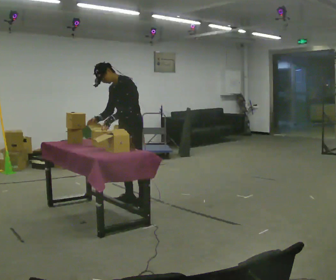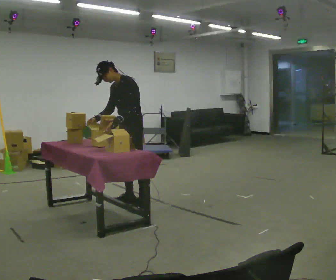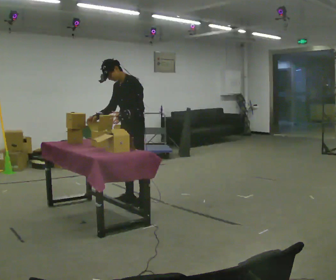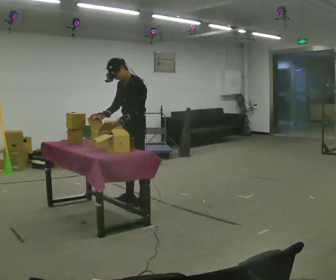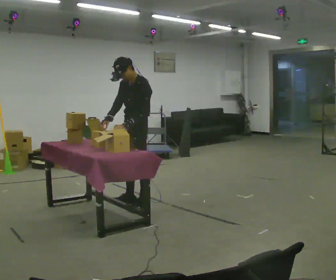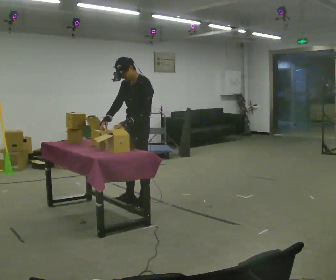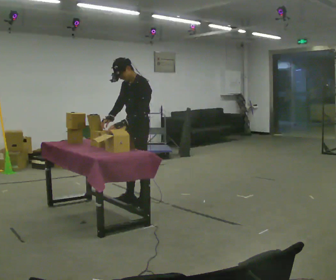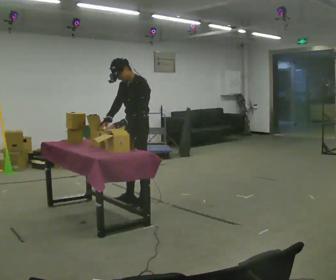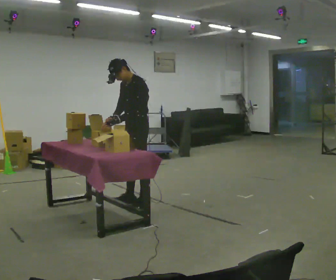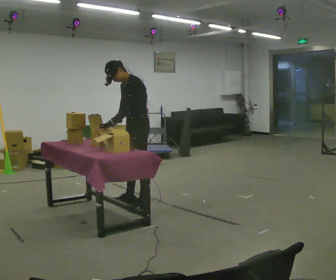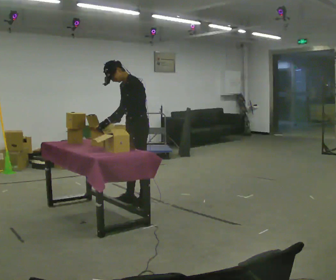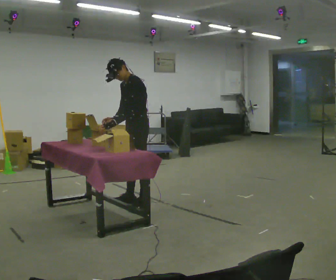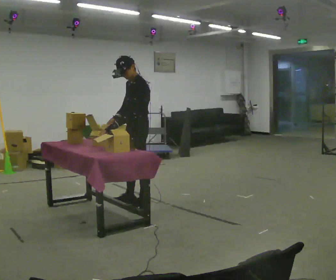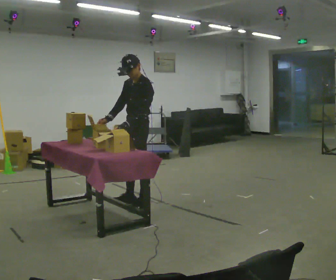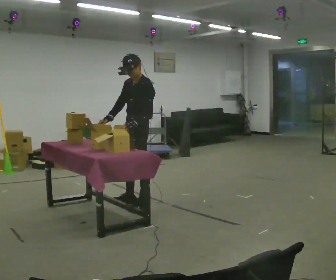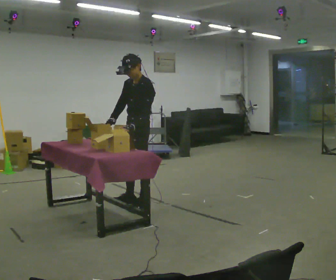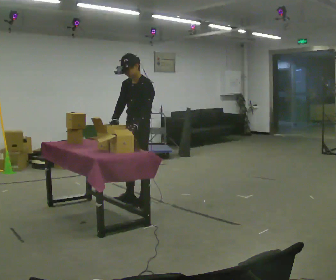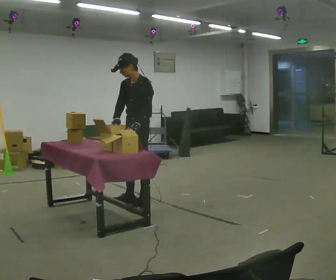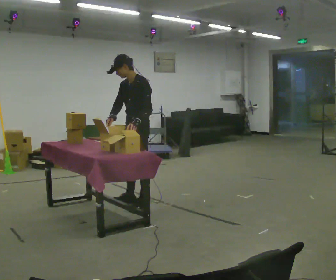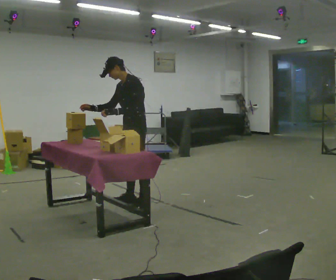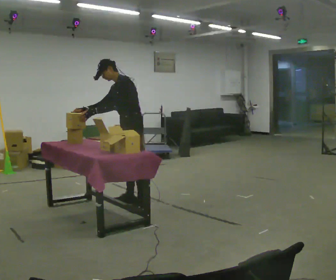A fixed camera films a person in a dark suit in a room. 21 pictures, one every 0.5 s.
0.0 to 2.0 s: In the picture the upper body tilts clockwise, shoulders to the right.
2.0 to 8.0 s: The person moves a little, or ends about where they began.
8.0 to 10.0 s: In the picture they go away from the camera, about 0.25 m, which for them is to their right. In the picture their left hand goes to the left.
The film runs forward here.
